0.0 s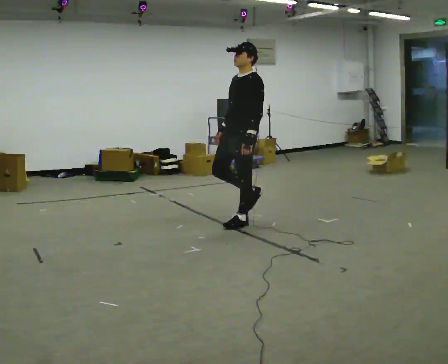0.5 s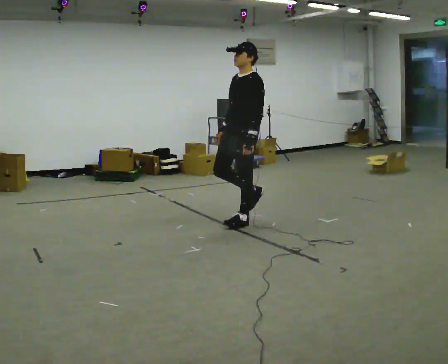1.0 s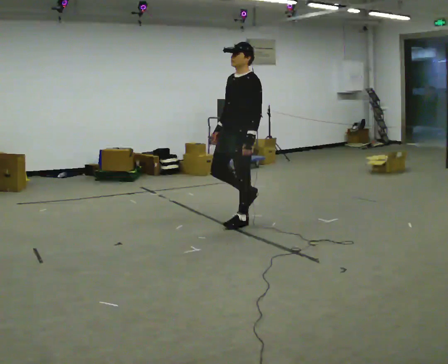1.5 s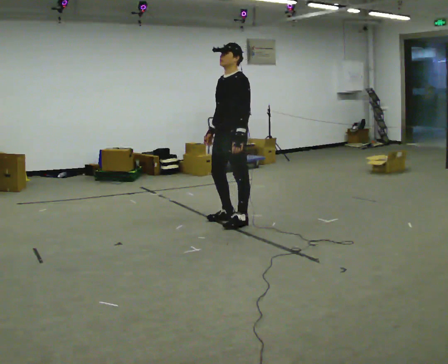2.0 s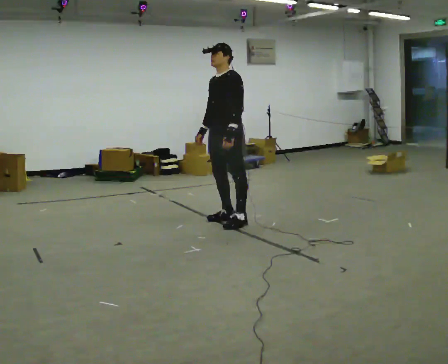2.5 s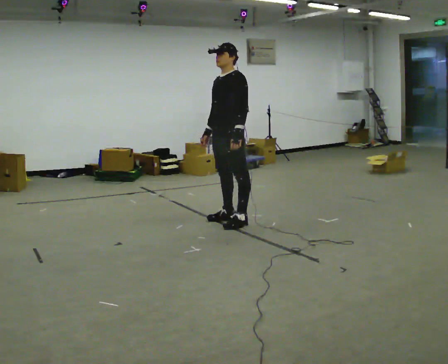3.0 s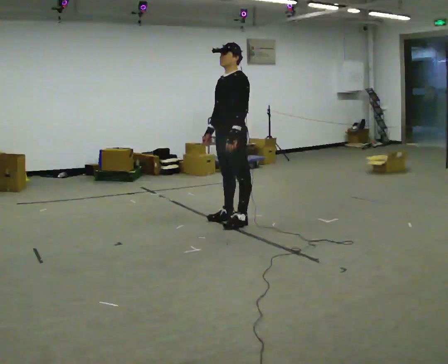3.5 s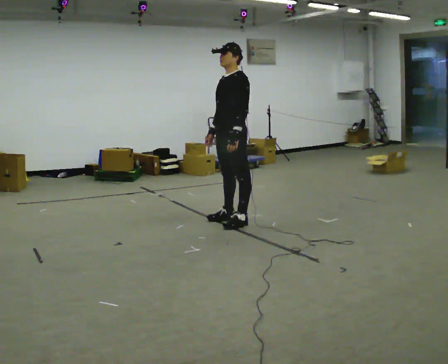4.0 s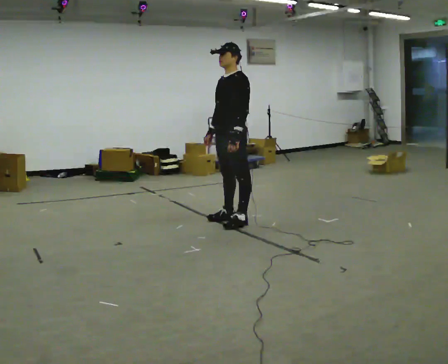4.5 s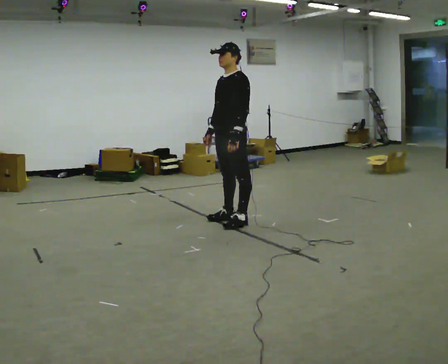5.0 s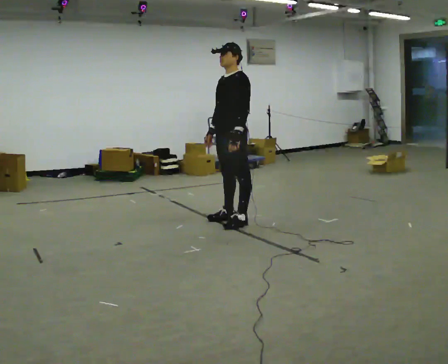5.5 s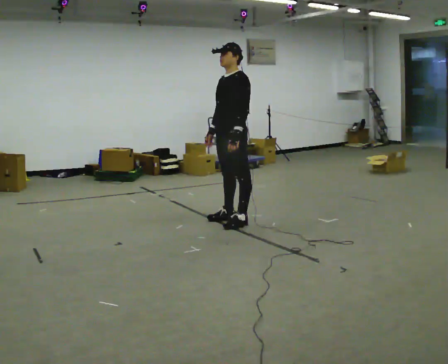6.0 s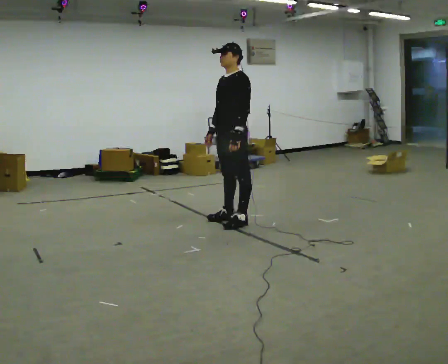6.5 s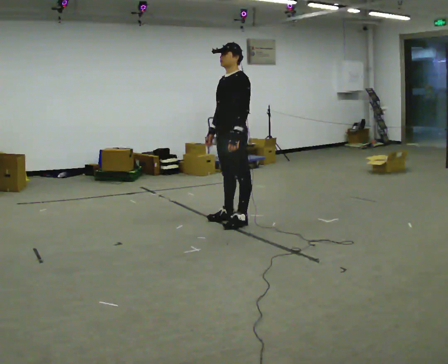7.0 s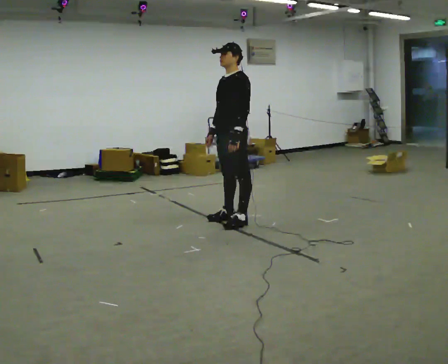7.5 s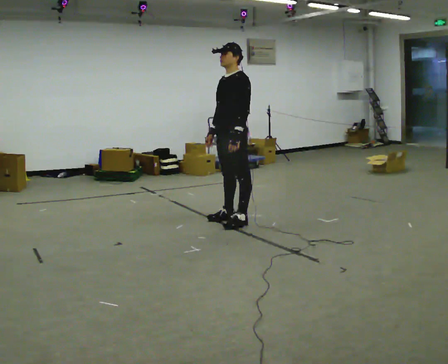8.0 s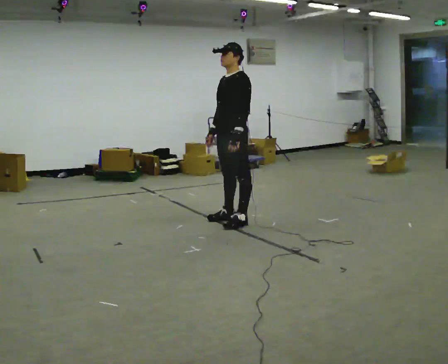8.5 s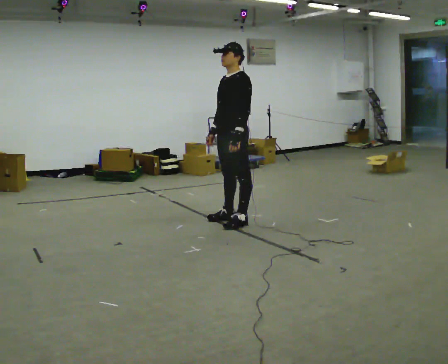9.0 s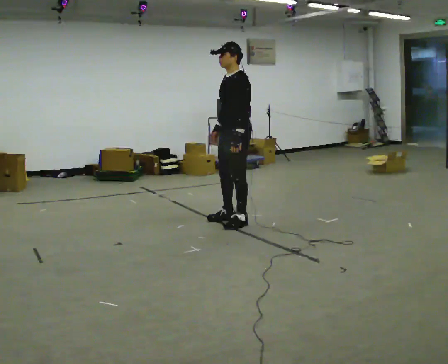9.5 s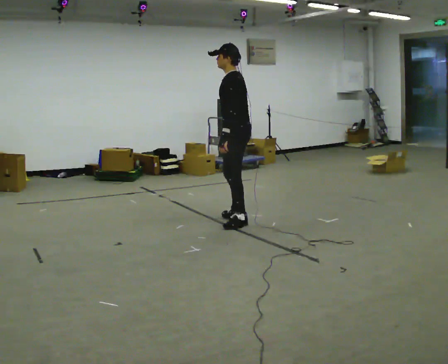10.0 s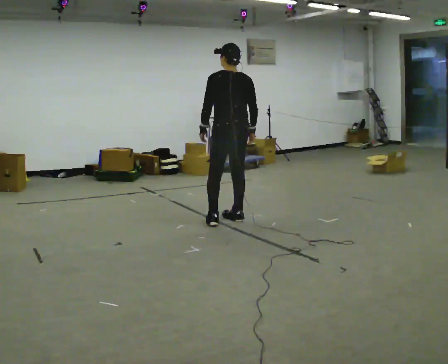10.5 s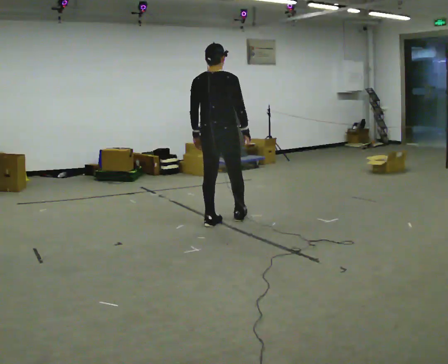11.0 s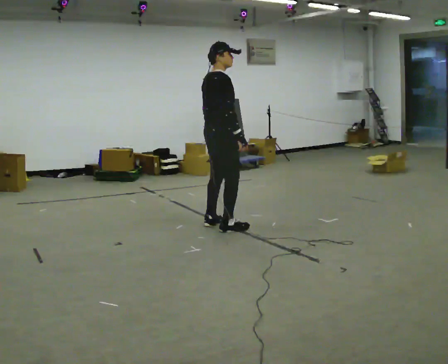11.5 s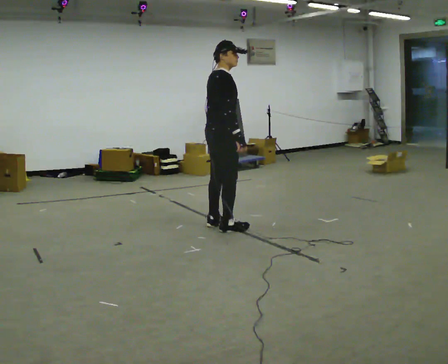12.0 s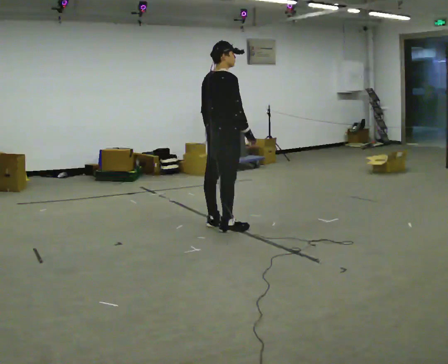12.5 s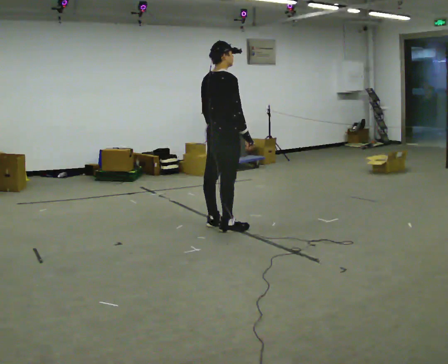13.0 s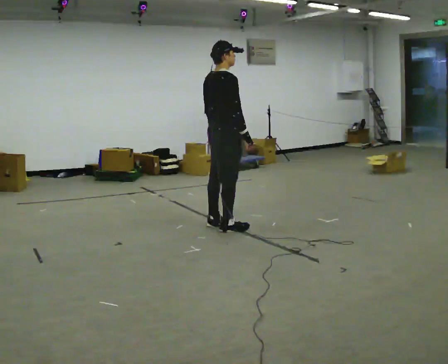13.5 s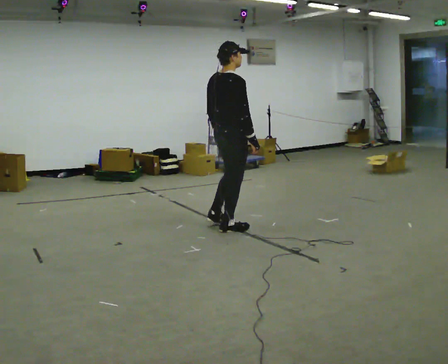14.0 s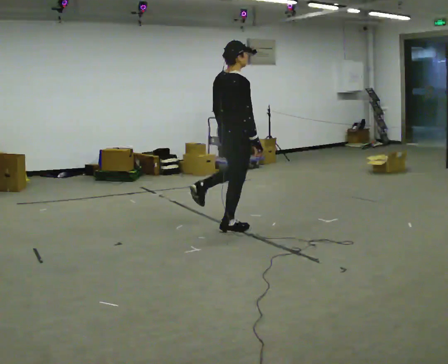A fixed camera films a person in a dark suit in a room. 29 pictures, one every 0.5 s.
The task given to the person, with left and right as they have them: Stand on one foot on the marked spot, on the side the operator calls. Hold it until you genuinely lose your balance, then put the other foot down. Repeat at your own pace until the operator says stop. Go slowly and only as far as you are comfortable. Step whenever you need to; do not try to hold on longer than feels safe.
0.0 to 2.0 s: In the picture they go to the left, about 0.25 m in 1 step, which for them is to their right.
2.0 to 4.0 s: The person moves a little, or ends about where they began.
4.0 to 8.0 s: The person keeps their place and pose.
8.0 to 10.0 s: Seen from above the body turns clockwise, about 105 degrees: to their right, with its near side sliding to the left. In the picture their right hand goes to the right, the arm swinging counterclockwise.
10.0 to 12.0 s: The person turns about 75 degrees to their right, clockwise seen from above, so the part of the body nearest the lens slides to the left. In the picture they go toward the camera, about 0.25 m in 2 steps.
12.0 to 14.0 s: The person moves a little, or ends about where they began.
The film runs forward here.
